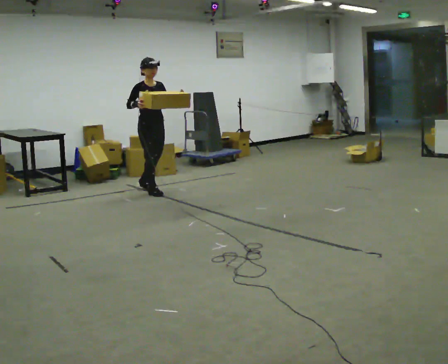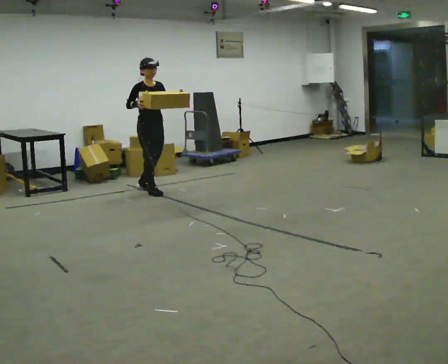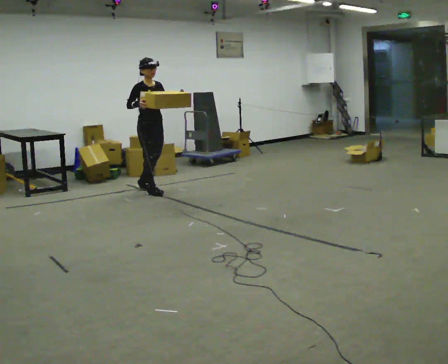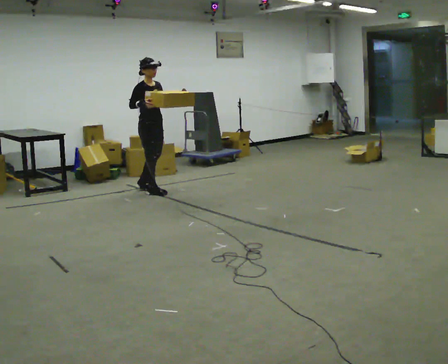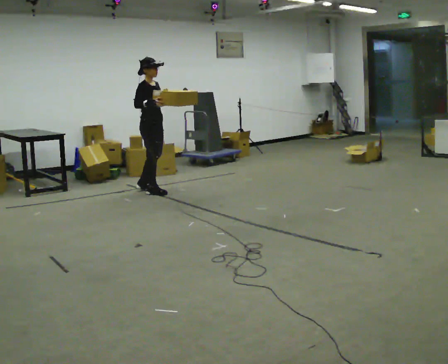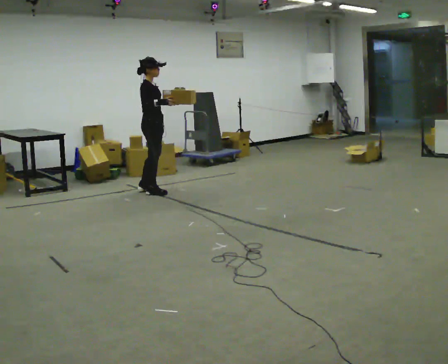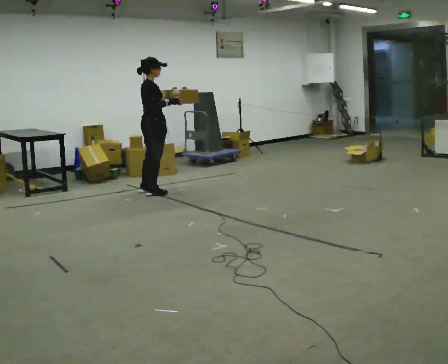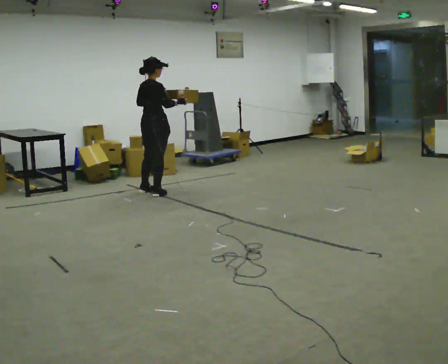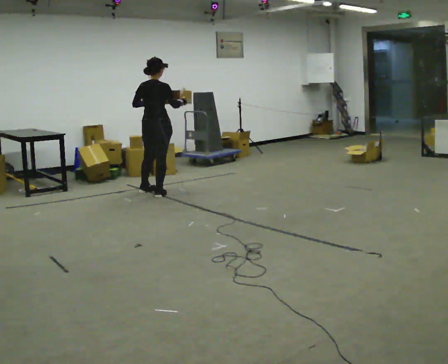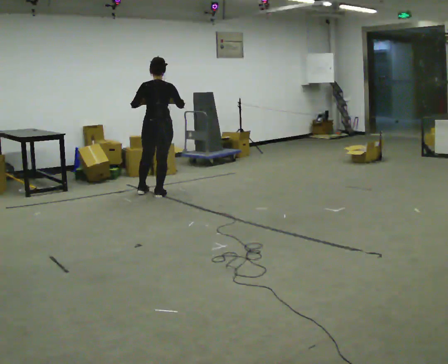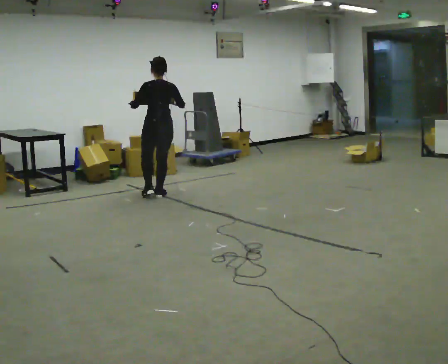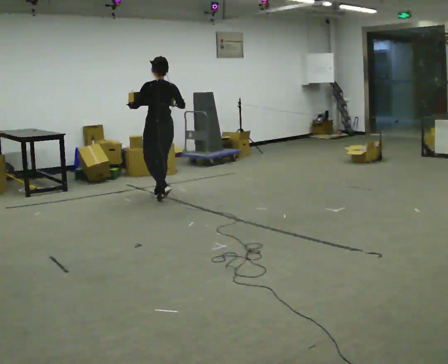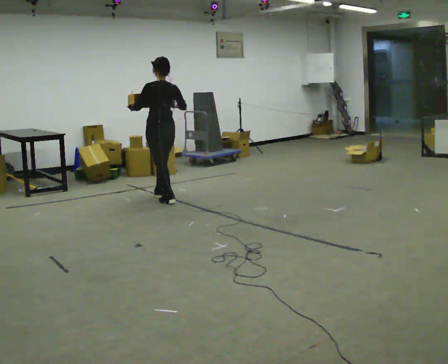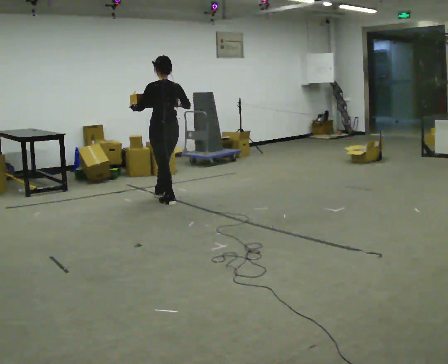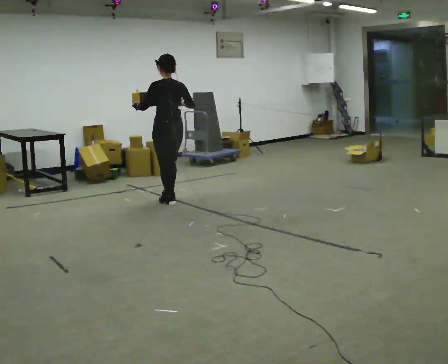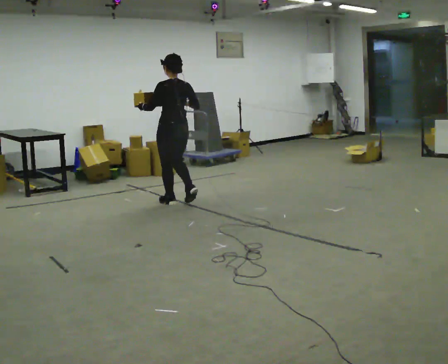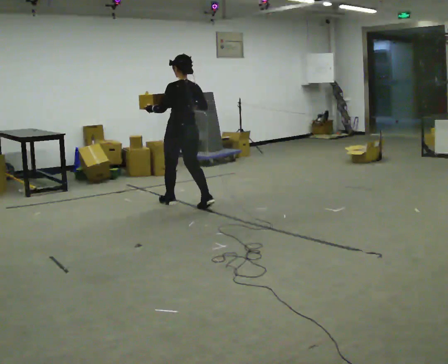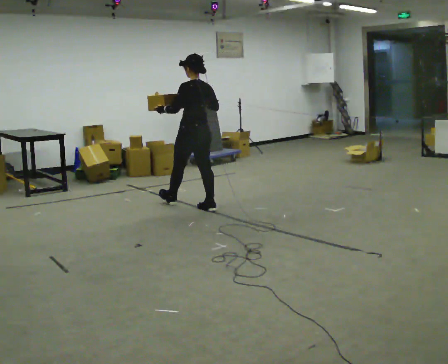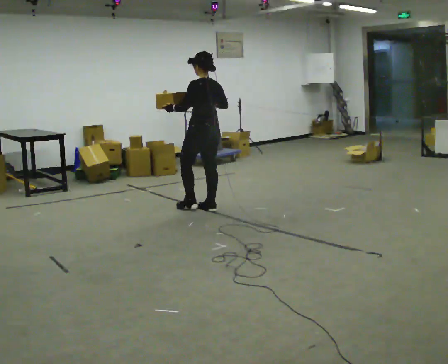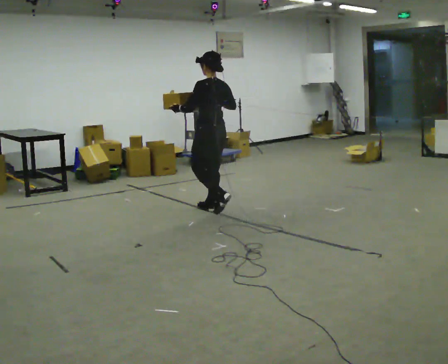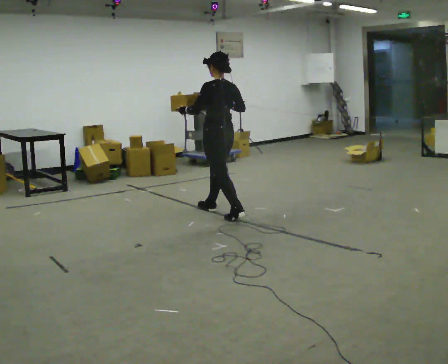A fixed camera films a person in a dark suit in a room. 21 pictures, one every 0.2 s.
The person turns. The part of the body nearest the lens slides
to the right.
The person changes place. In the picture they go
toward the camera.
0.0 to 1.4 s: Seen from above the body turns counterclockwise, about 90 degrees: to their left, with its near side sliding to the right.
1.4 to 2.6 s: The part of the body nearest the lens slides to the right as the person turns to their left by about 75 degrees. In the picture they go toward the camera, about 0.5 m in 1 step.
2.6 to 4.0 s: In the picture they go toward the camera and to the right, about 1 m in 2 steps, which for them is backward.
The film runs backward here.
